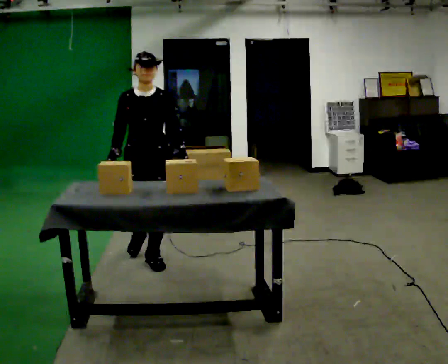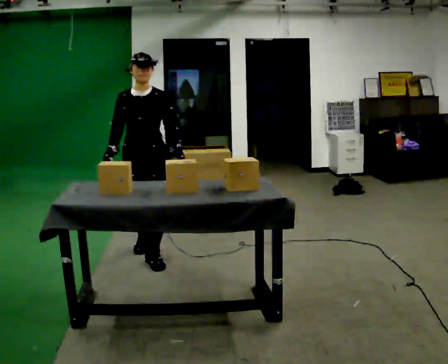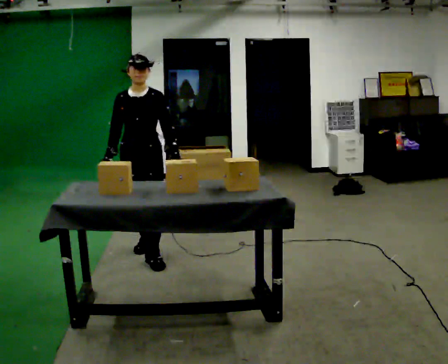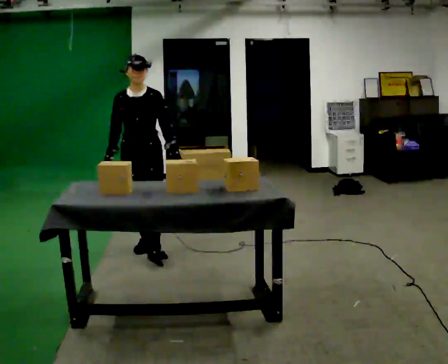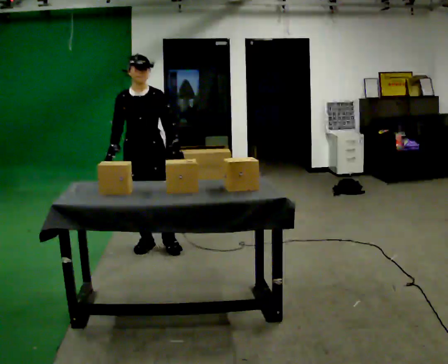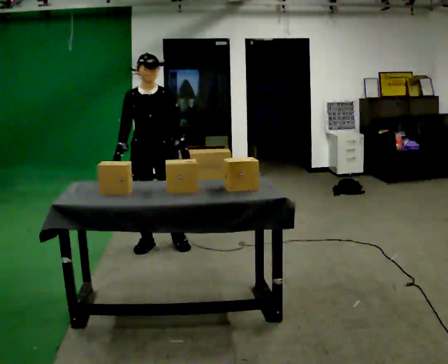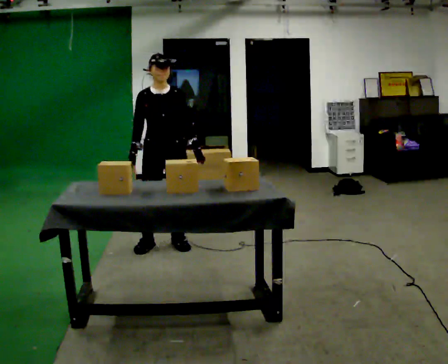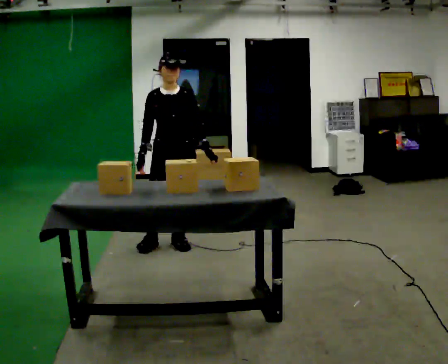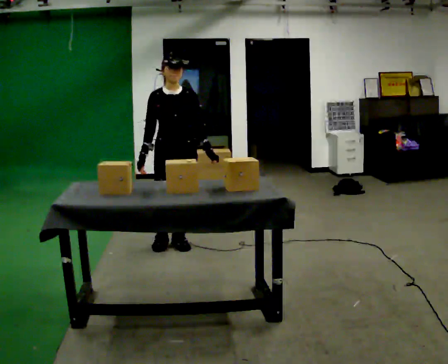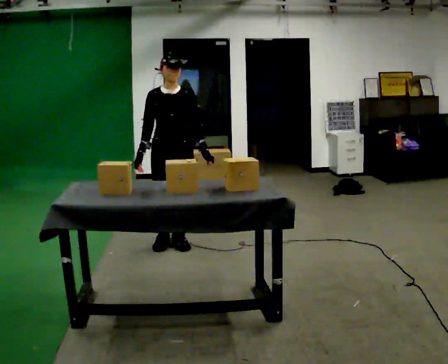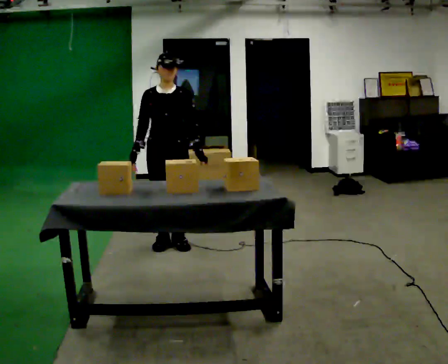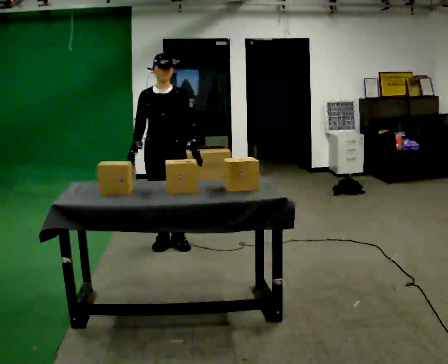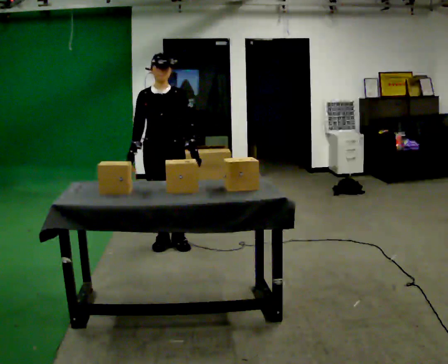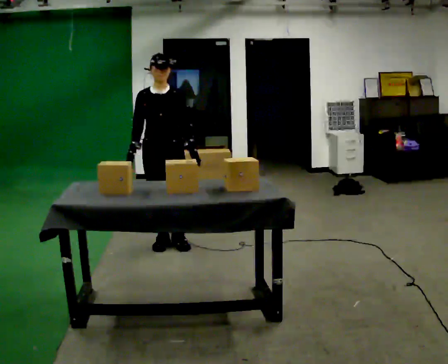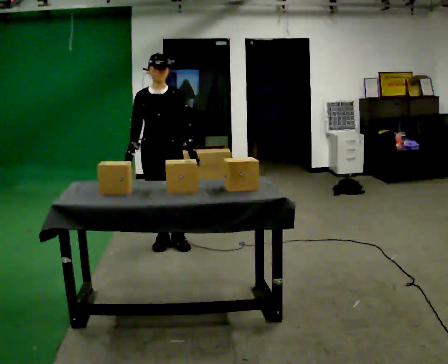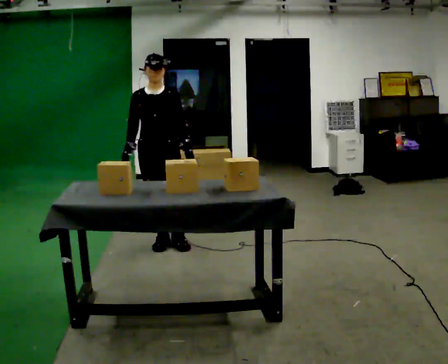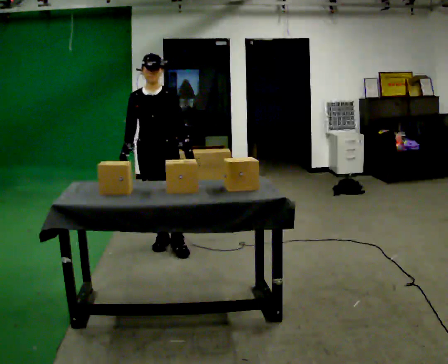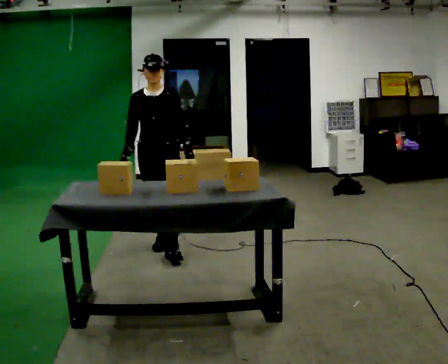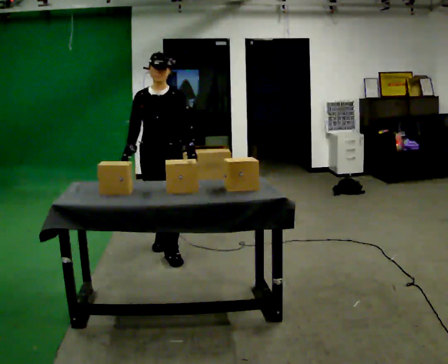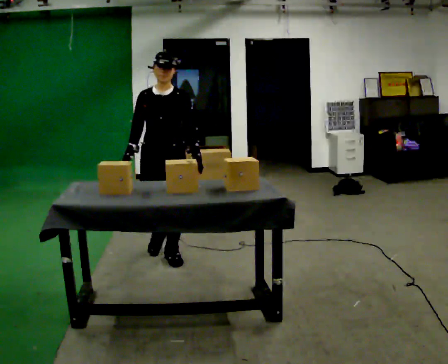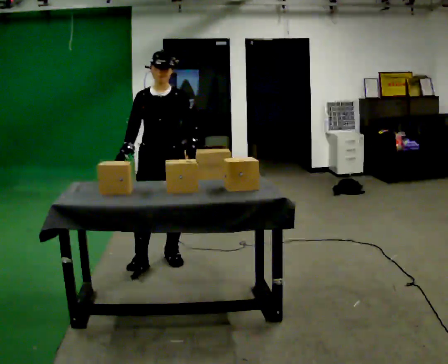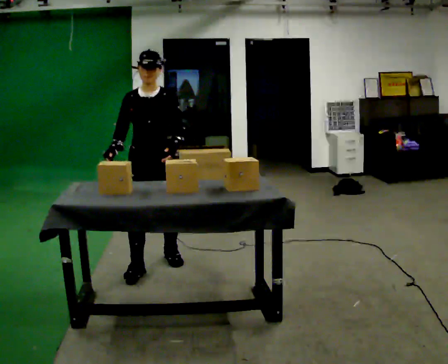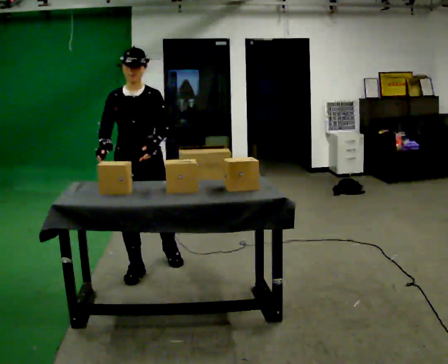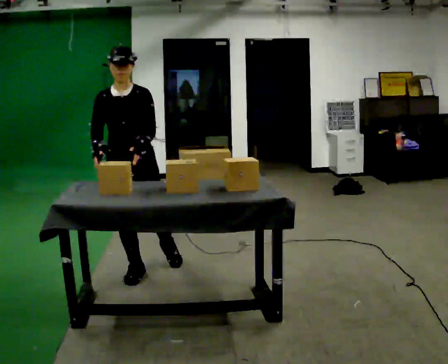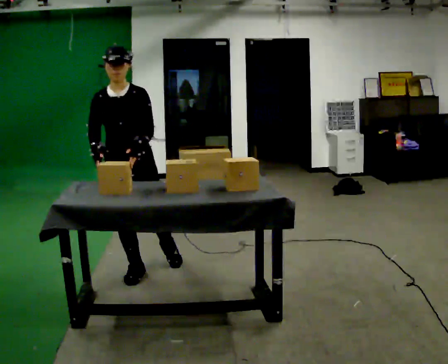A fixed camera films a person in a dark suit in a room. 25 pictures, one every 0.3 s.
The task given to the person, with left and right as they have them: Clear everything off the table and put it away on the shelf, in as many trips as you need. Keep going until the operator says stop; one object at a time, and do not rush between trips.
0.0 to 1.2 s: In the picture they go away from the camera, about 0.25 m in 1 step, which for them is backward.
1.2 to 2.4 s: In the picture they go to the right, about 0.25 m in 2 steps, which for them is to their left.
2.4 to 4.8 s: The person moves a little, or ends about where they began.
4.8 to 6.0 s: In the picture they go toward the camera, about 0.25 m in 1 step, which for them is forward.
6.0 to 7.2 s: In the picture they go toward the camera and to the left, about 0.5 m in 1 step, which for them is forward and to their right.
The film runs forward here.
